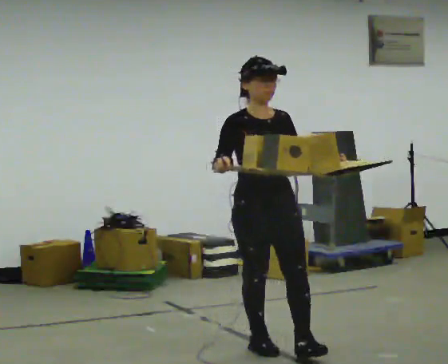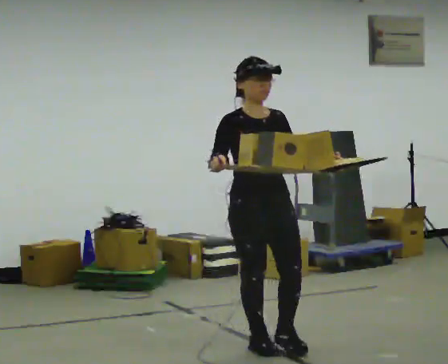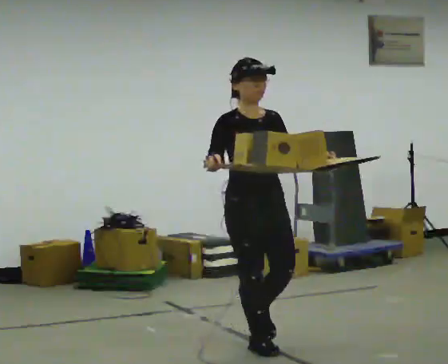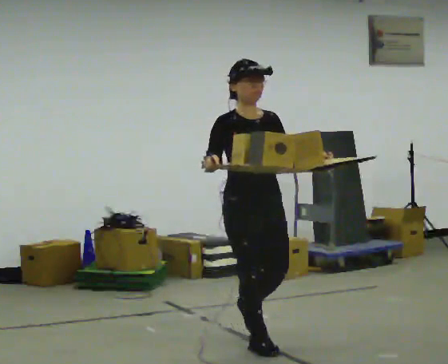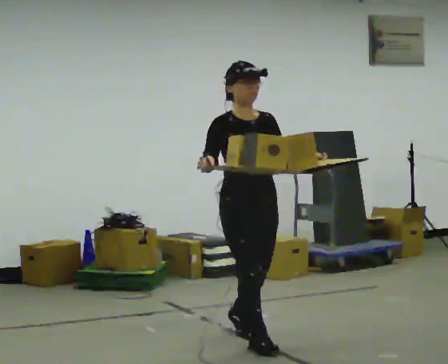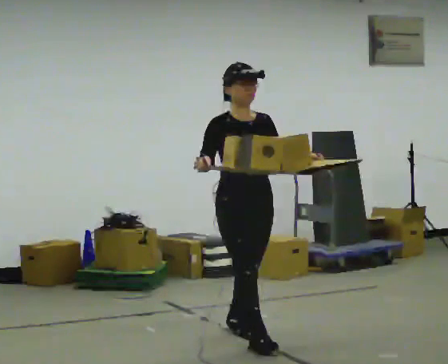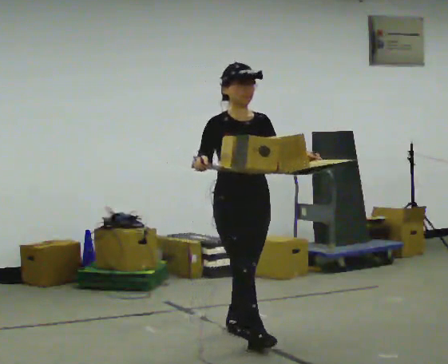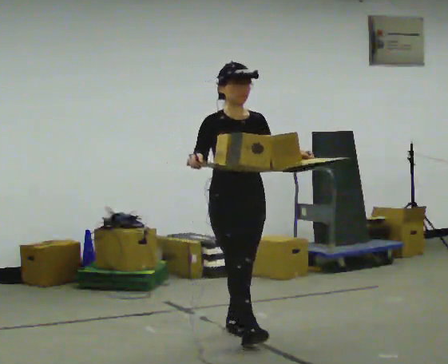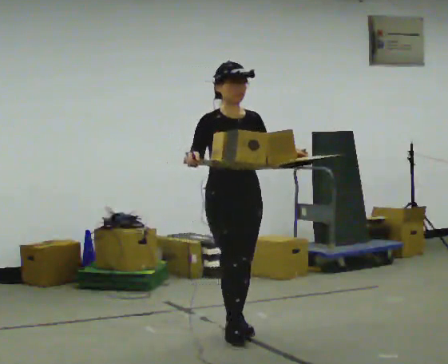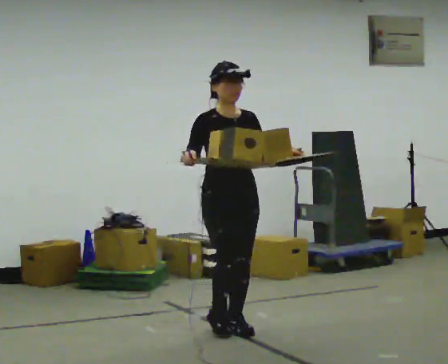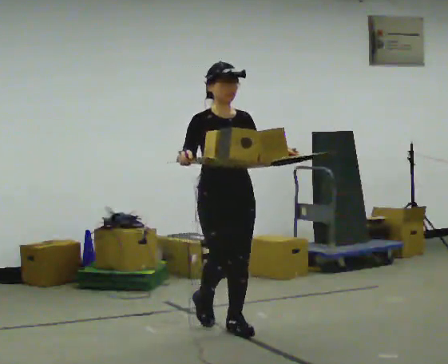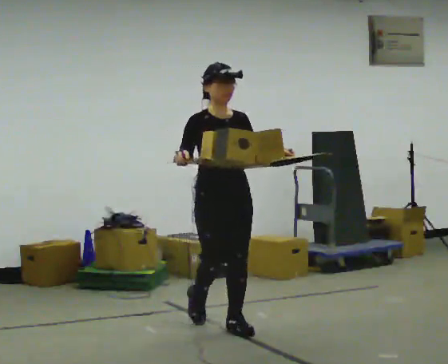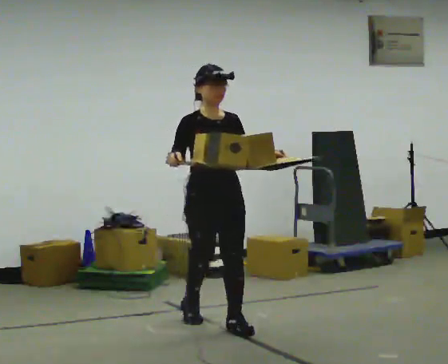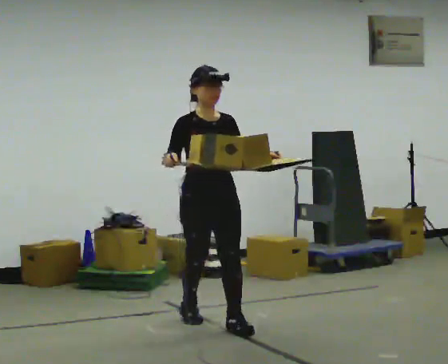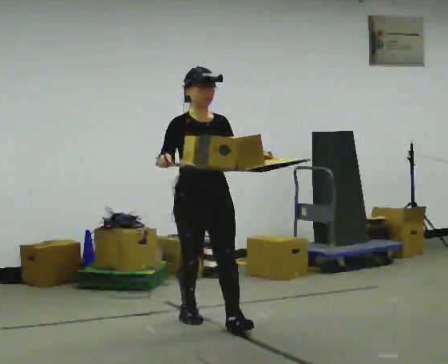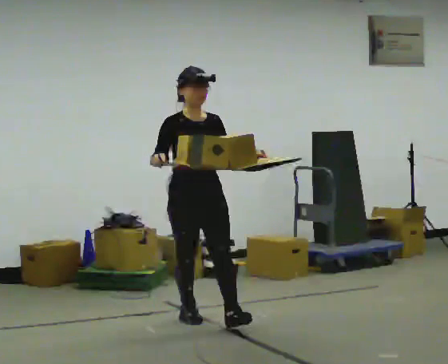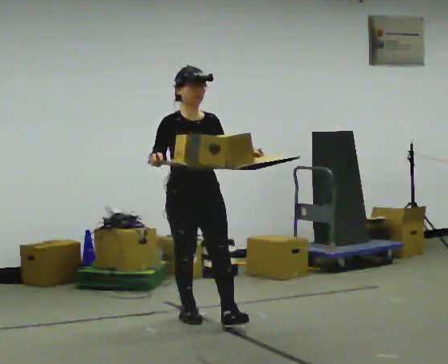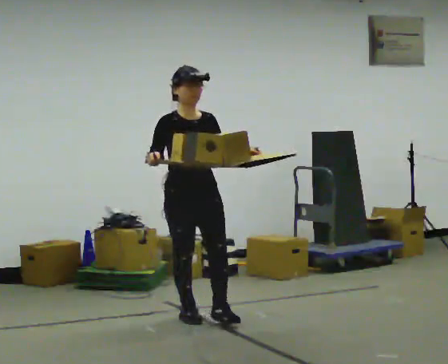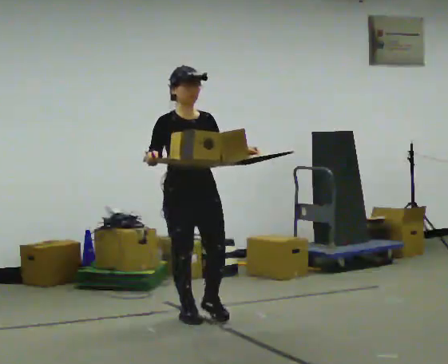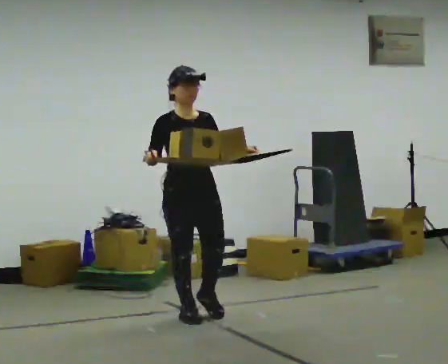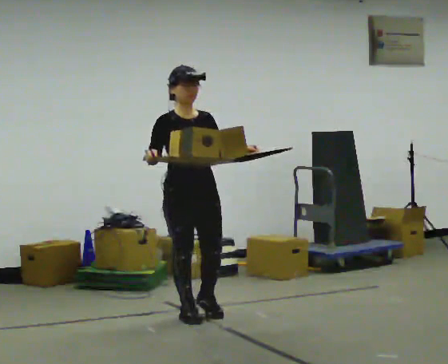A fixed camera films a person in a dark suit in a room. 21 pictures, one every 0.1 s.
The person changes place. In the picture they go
away from the camera.
0.0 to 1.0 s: In the picture they go away from the camera and to the left, about 0.5 m in 1 step, which for them is backward.
1.0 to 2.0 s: In the picture they go away from the camera and to the left, about 0.5 m in 1 step, which for them is backward.
The film runs backward here.
